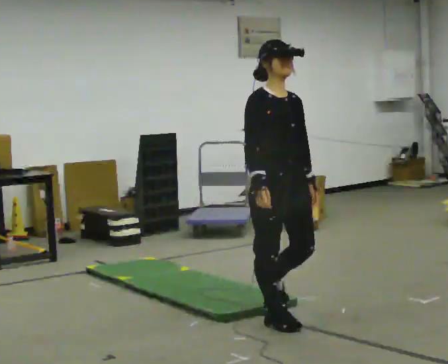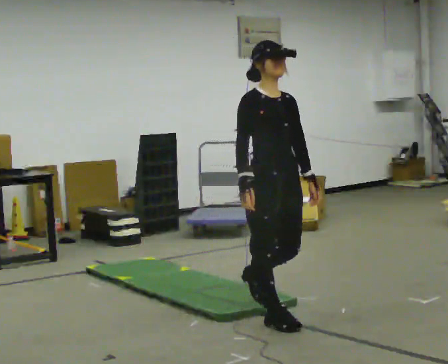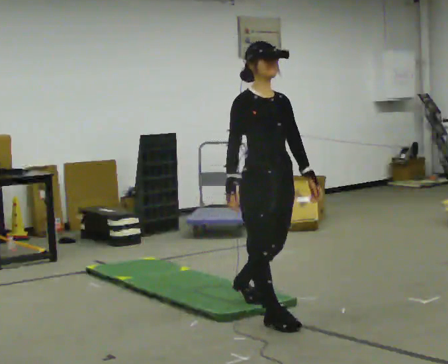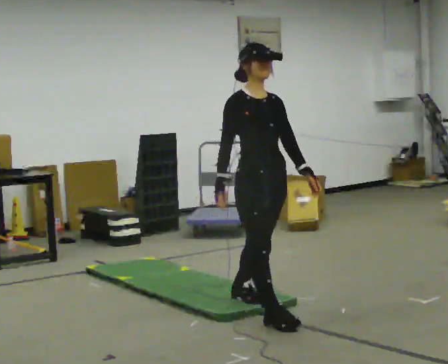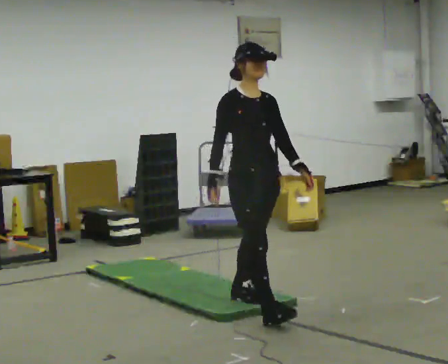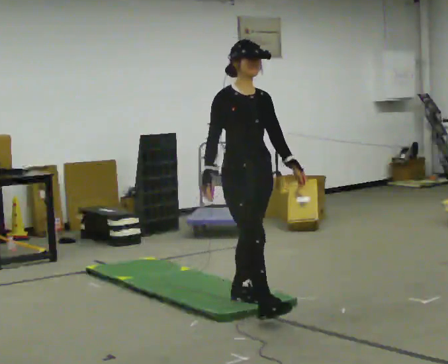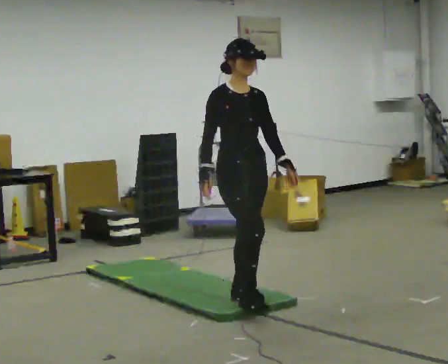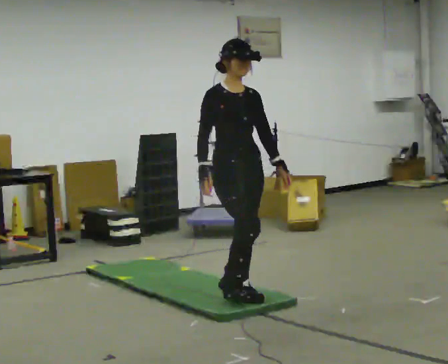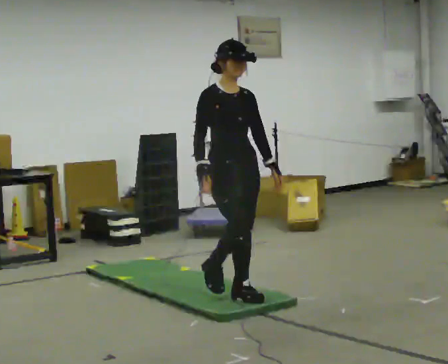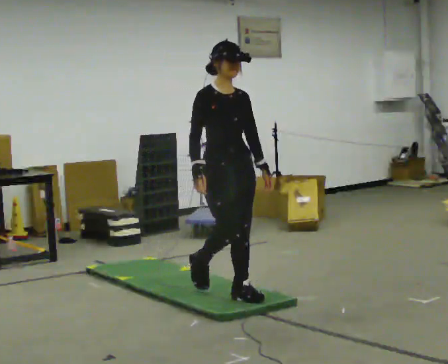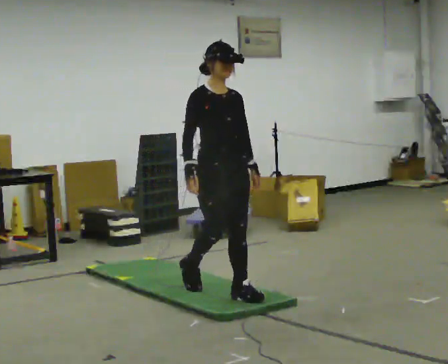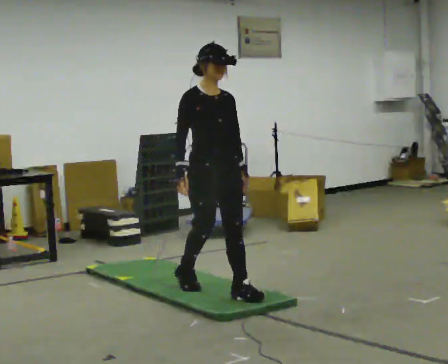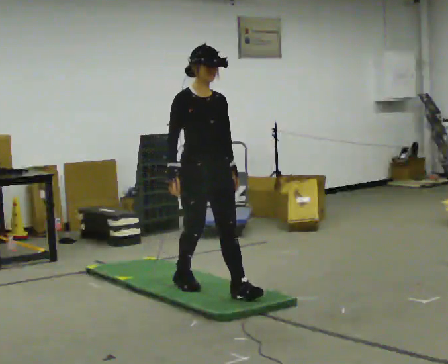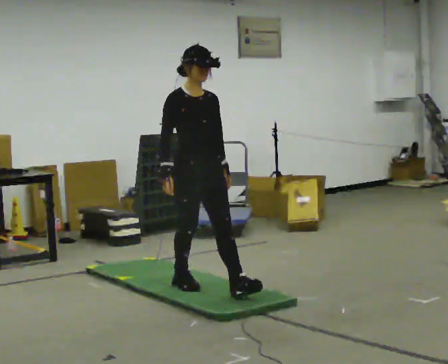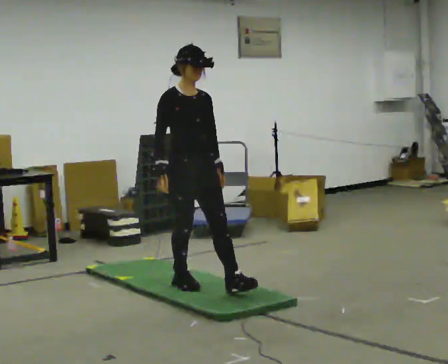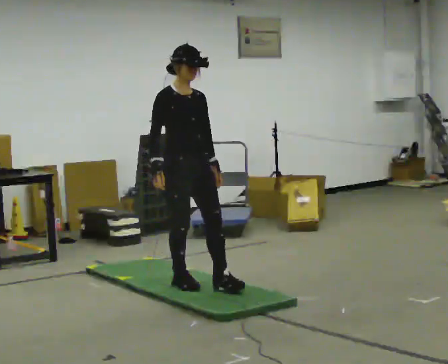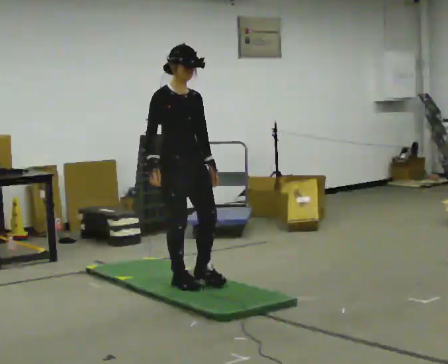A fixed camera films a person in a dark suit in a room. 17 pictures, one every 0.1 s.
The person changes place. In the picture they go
away from the camera.
0.0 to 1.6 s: In the picture they go away from the camera and to the left, about 1 m in 2 steps, which for them is backward.
The film runs backward here.
